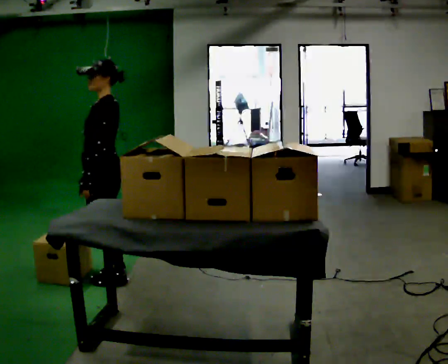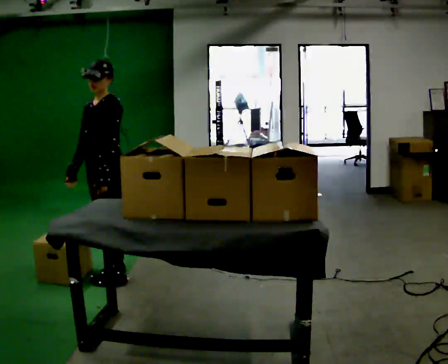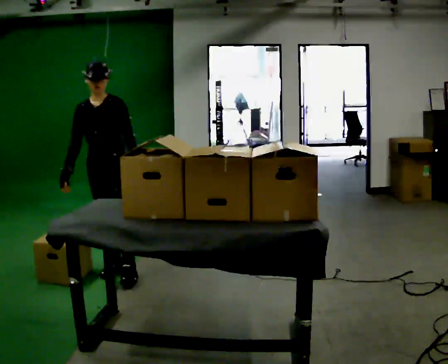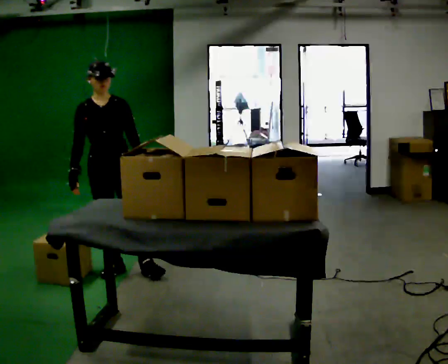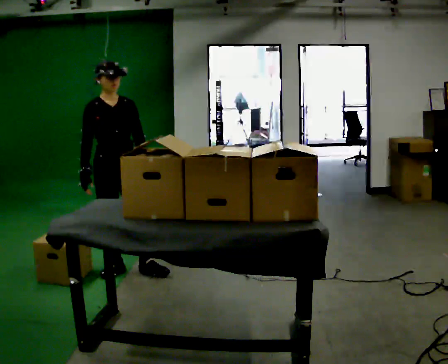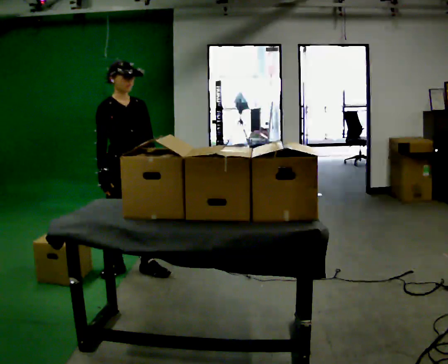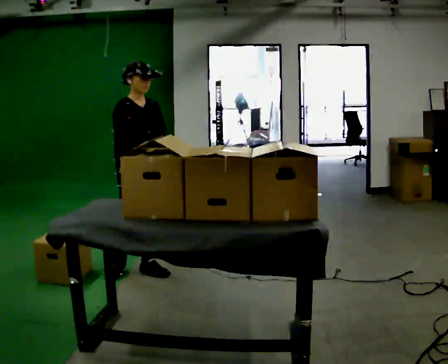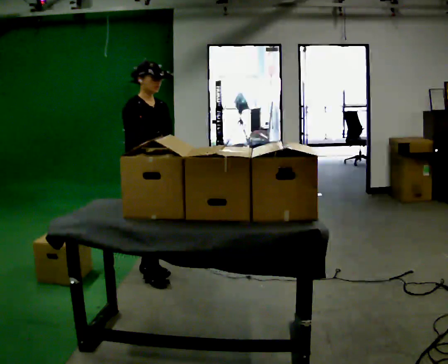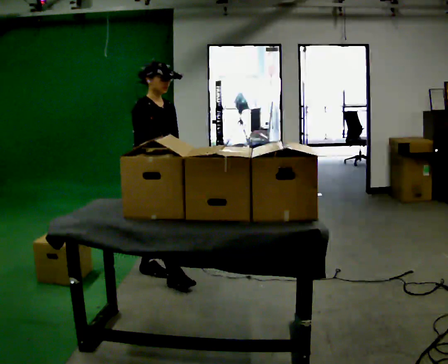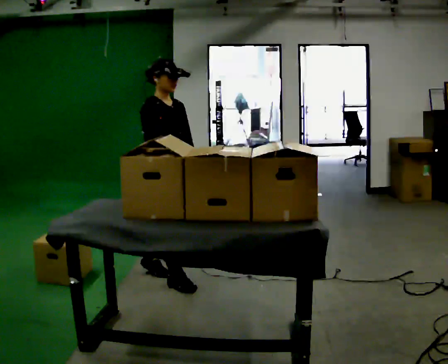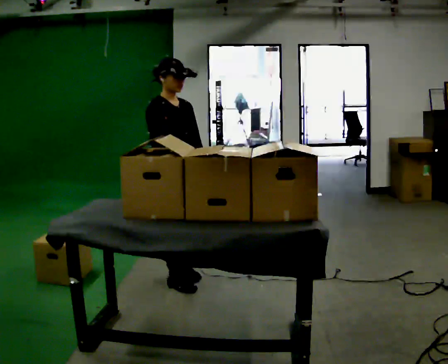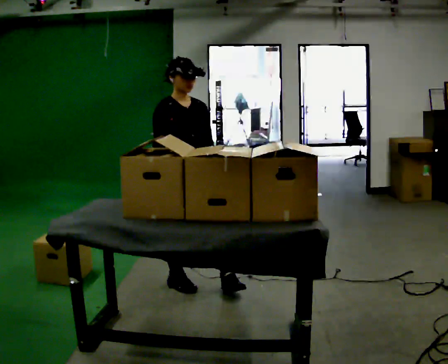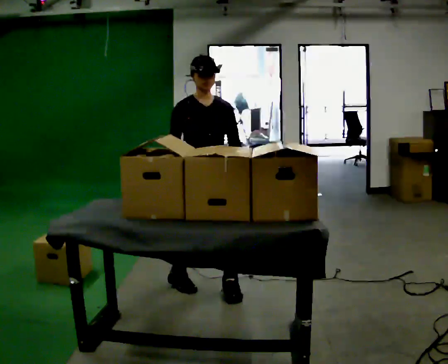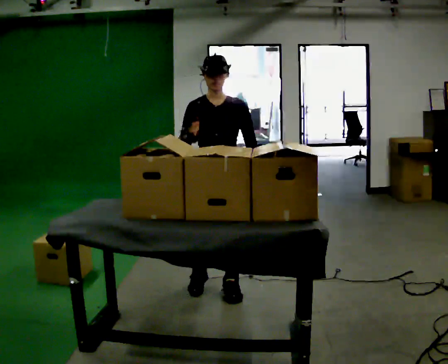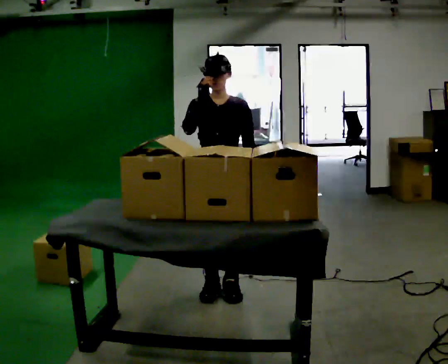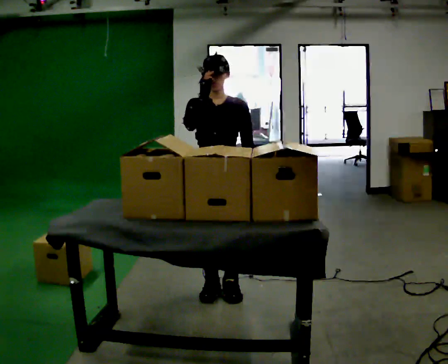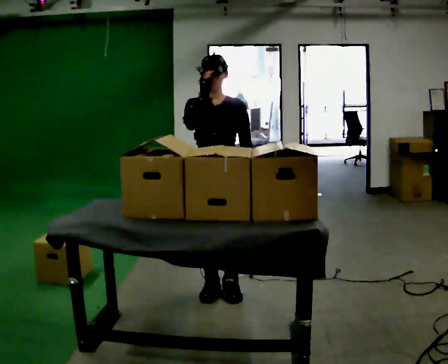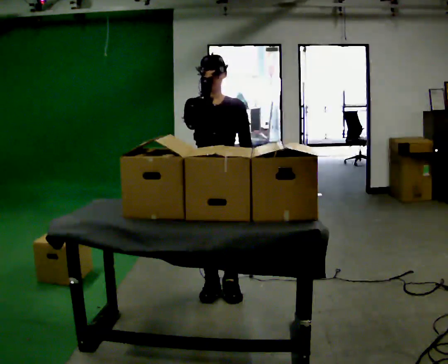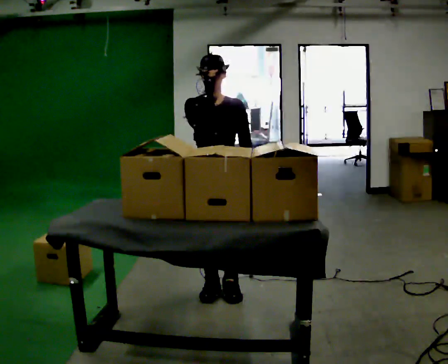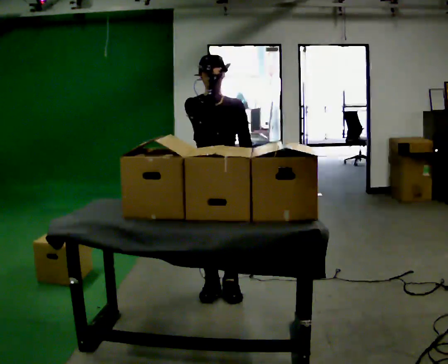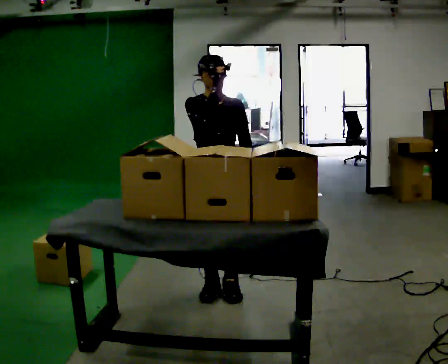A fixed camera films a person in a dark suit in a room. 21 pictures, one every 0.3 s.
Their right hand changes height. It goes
upward.
0.0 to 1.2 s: The person turns about 90 degrees to their left, counterclockwise seen from above, so the part of the body nearest the lens slides to the right. In the picture they go away from the camera, about 0.25 m in 1 step. In the picture their left hand goes to the right.
1.2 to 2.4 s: Seen from above the body turns counterclockwise, about 30 degrees: to their left, with its near side sliding to the right. In the picture they go to the right, about 0.25 m in 1 step, which for them is forward and to their left.
2.4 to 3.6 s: The person turns about 45 degrees to their right, clockwise seen from above, so the part of the body nearest the lens slides to the left. In the picture they go to the right and toward the camera, about 0.5 m in 1 step, which for them is forward.
3.6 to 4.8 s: In the picture their right hand goes upward.
4.8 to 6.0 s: The person moves a little, or ends about where they began.
The film runs forward here.
